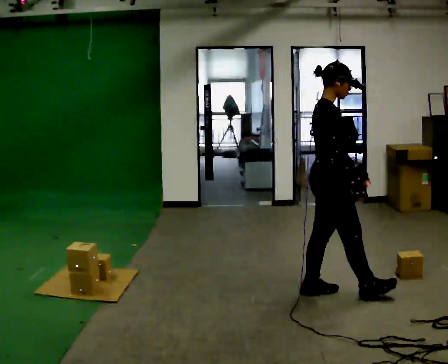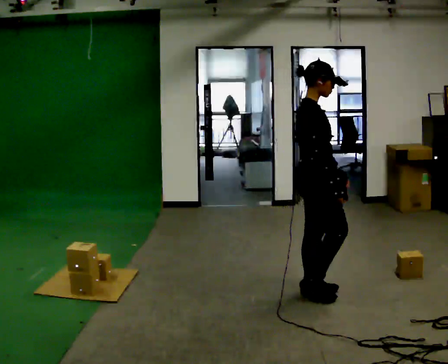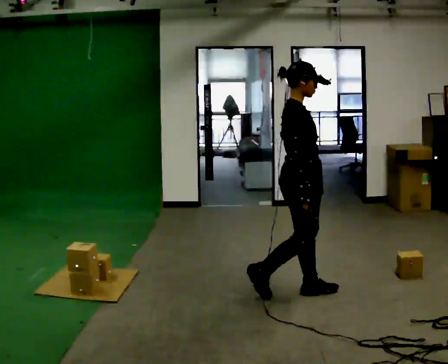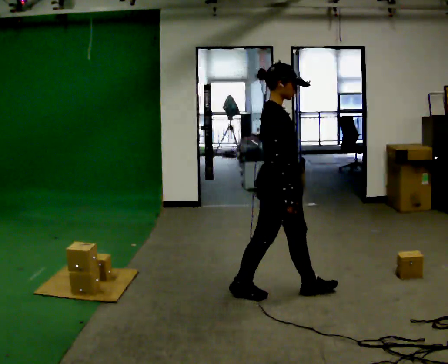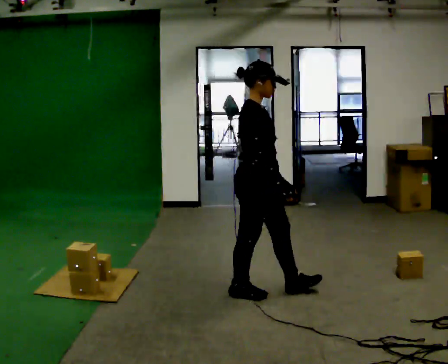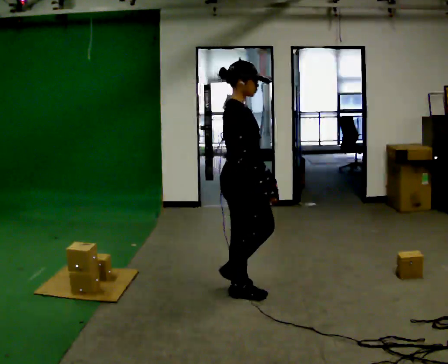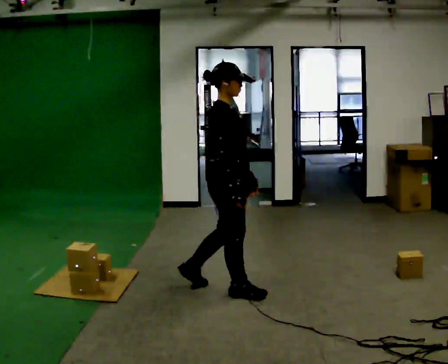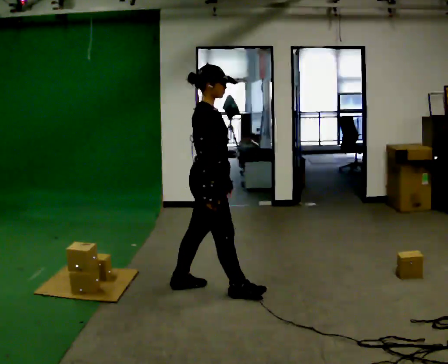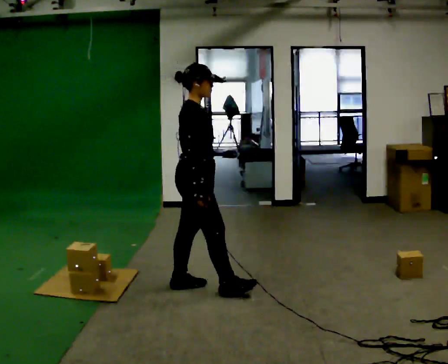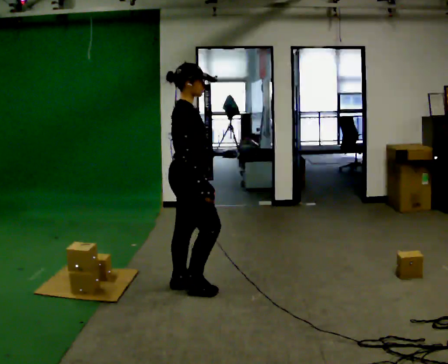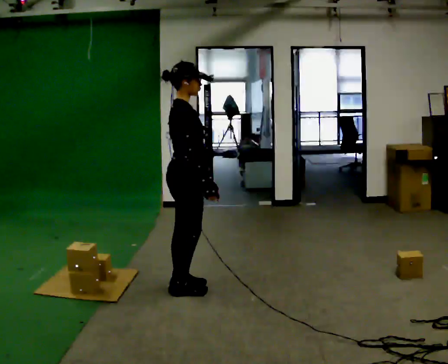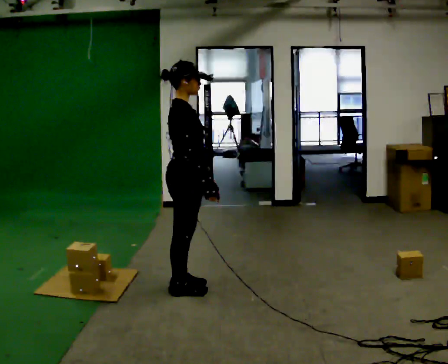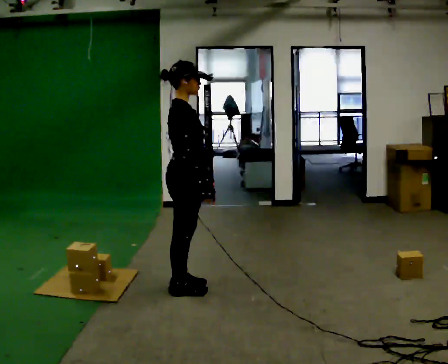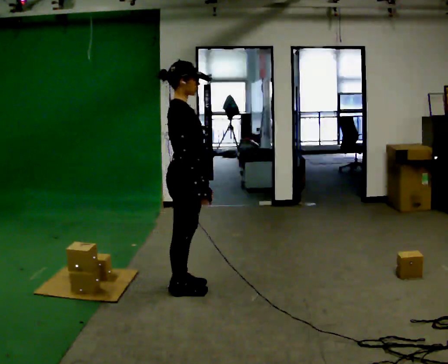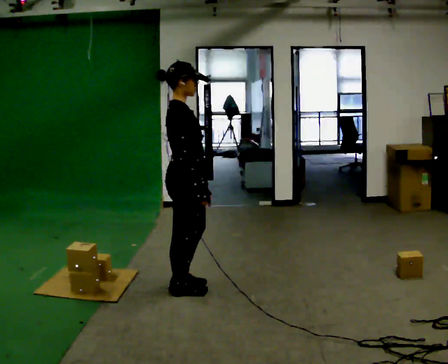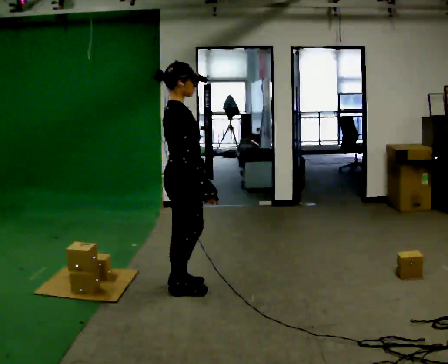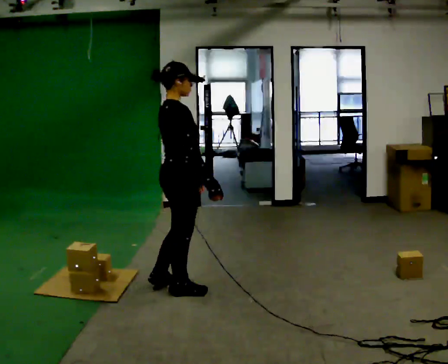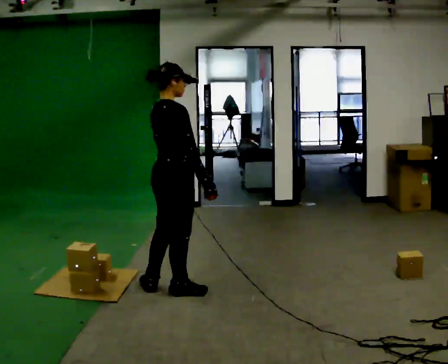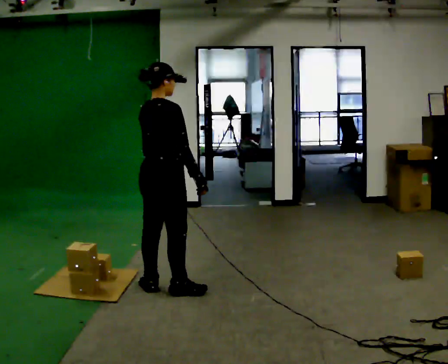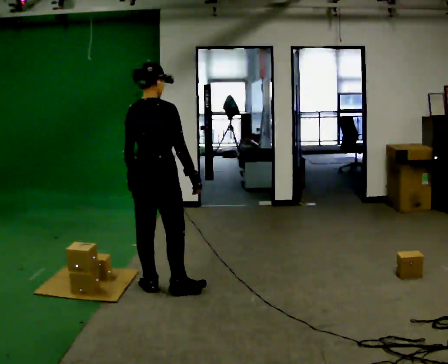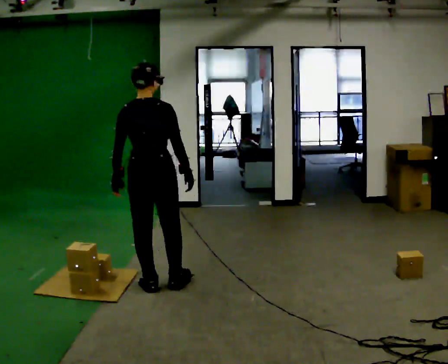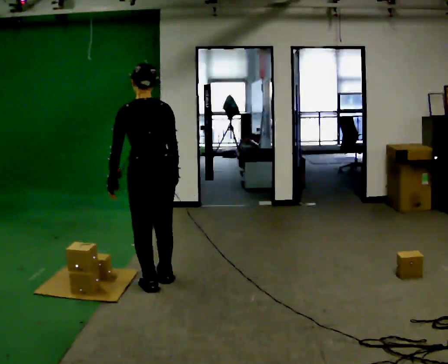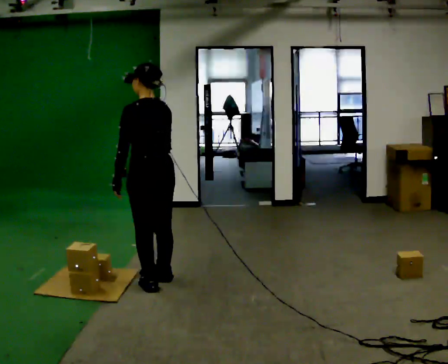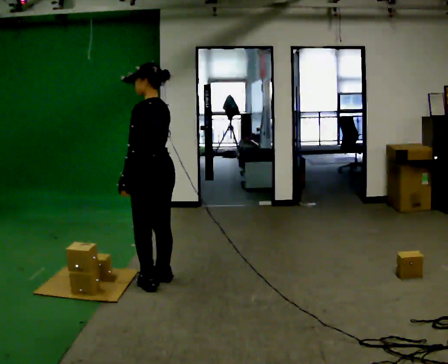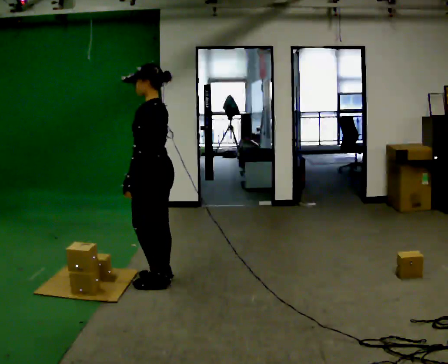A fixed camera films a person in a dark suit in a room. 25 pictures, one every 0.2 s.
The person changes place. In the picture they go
to the left.
The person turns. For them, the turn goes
to their left.
0.0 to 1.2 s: In the picture they go to the left, about 0.75 m in 1 step, which for them is backward.
1.2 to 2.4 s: In the picture they go to the left, about 0.25 m in 1 step, which for them is backward.
2.4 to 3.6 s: The person turns about 30 degrees to their left, counterclockwise seen from above, so the part of the body nearest the lens slides to the right. In the picture their left hand goes to the left.
3.6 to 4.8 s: Seen from above the body turns counterclockwise, about 120 degrees: to their left, with its near side sliding to the right. In the picture they go away from the camera, about 0.25 m in 1 step. In the picture their right hand goes to the left.
The film runs backward here.
